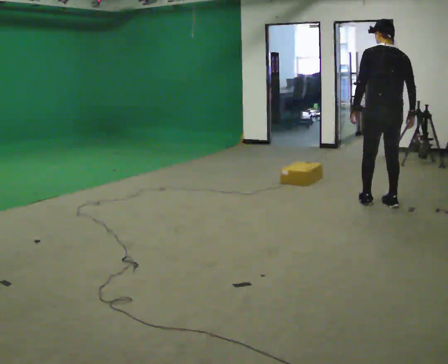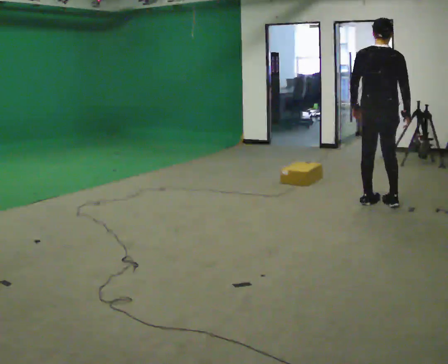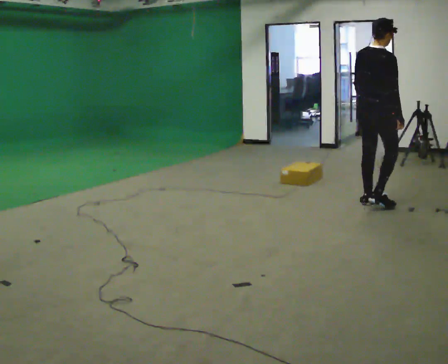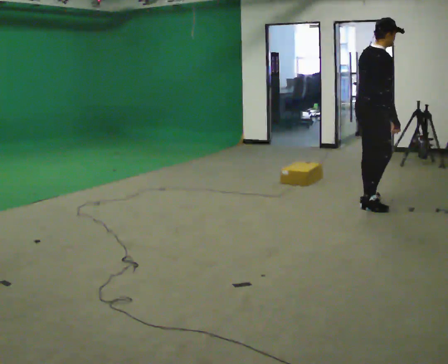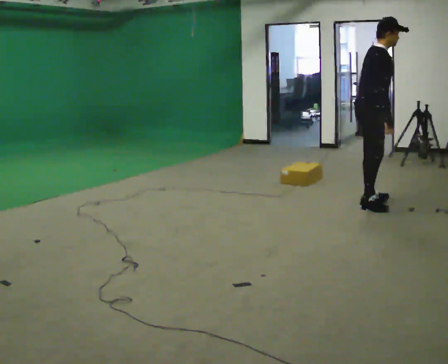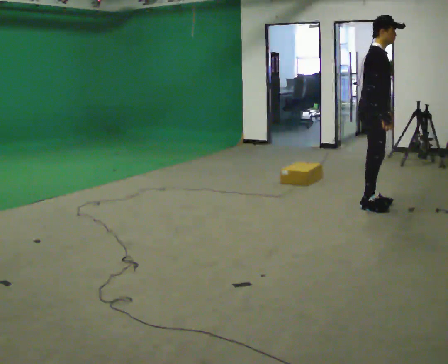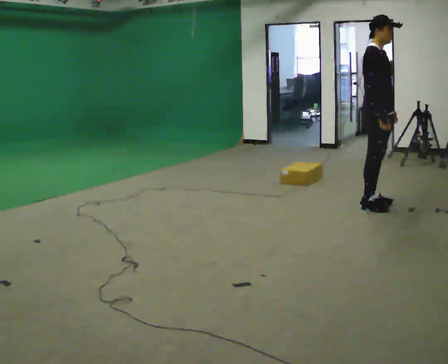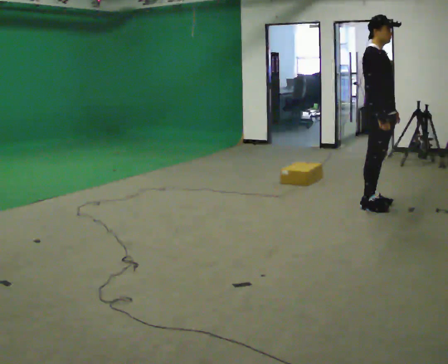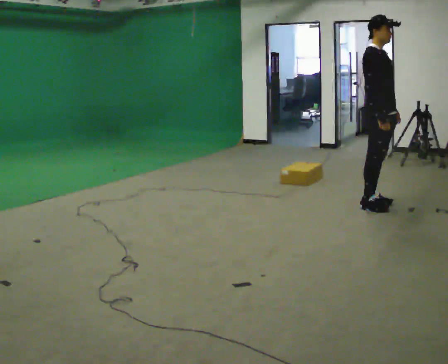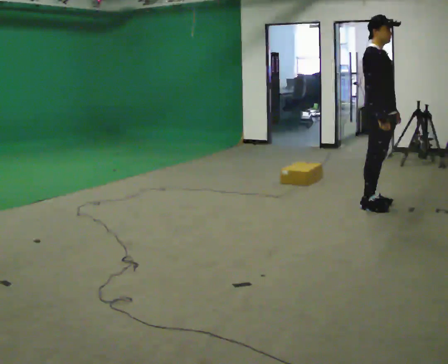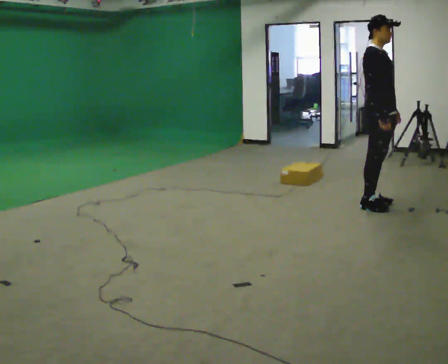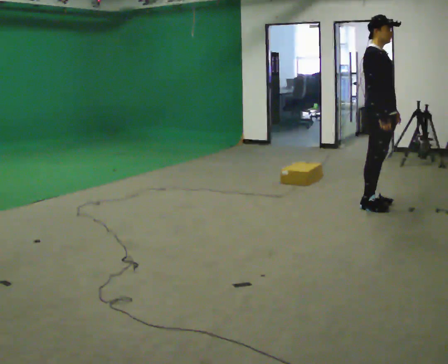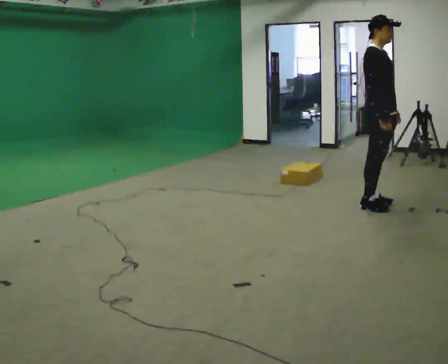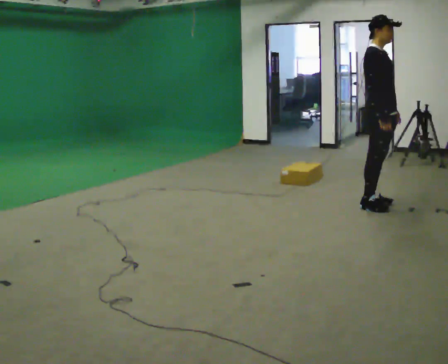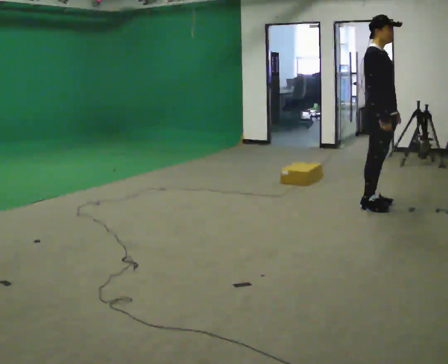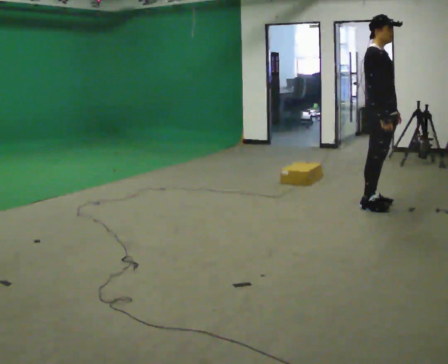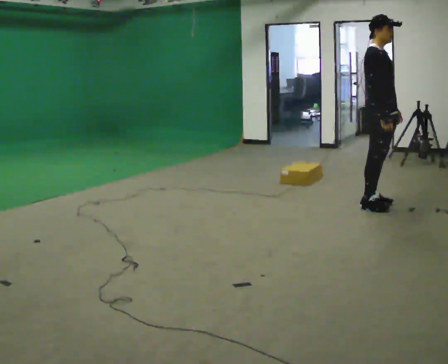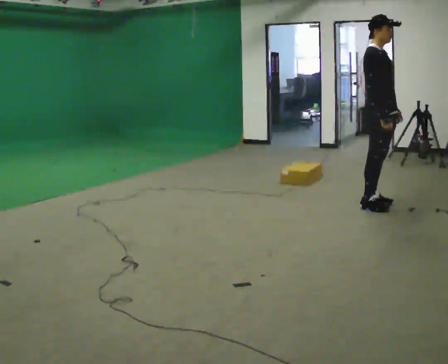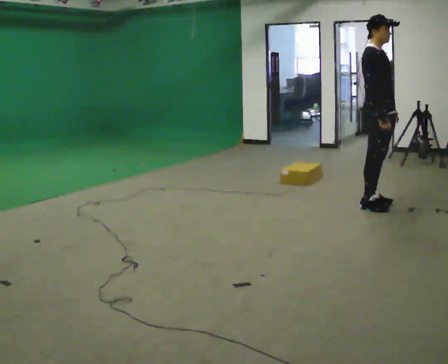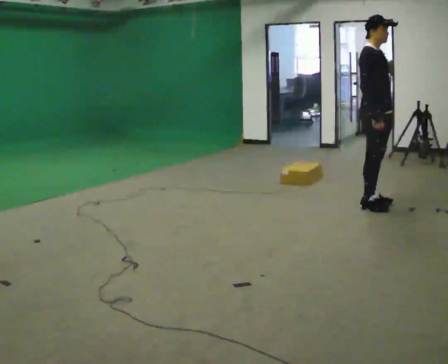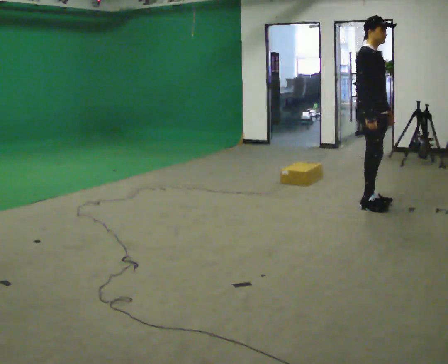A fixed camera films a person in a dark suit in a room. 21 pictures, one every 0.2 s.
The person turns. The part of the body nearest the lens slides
to the left.
The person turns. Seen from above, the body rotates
clockwise.
0.0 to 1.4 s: Seen from above the body turns clockwise, about 135 degrees: to their right, with its near side sliding to the left. In the picture their left hand goes to the right.
1.4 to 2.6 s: The person keeps their place and pose.
2.6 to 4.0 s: The person moves a little, or ends about where they began.
The film runs backward here.
